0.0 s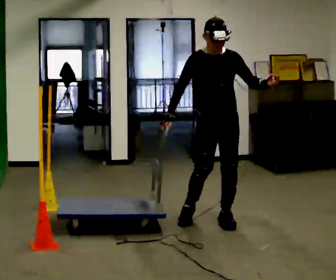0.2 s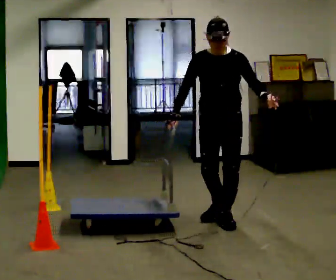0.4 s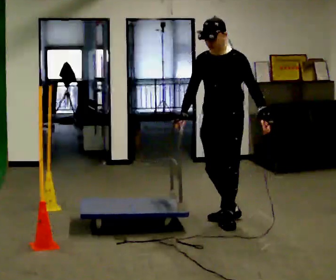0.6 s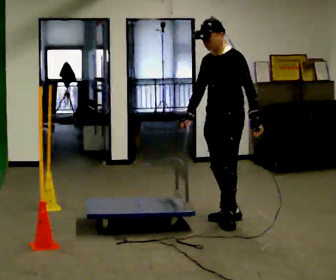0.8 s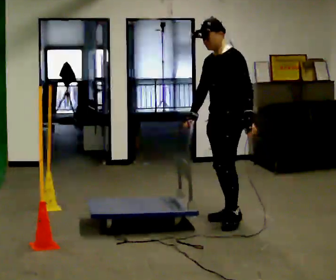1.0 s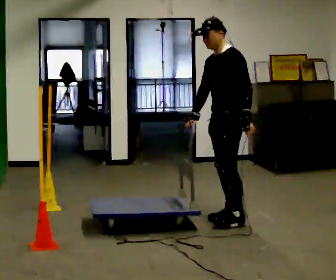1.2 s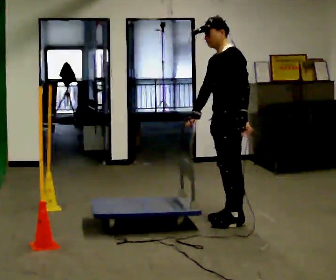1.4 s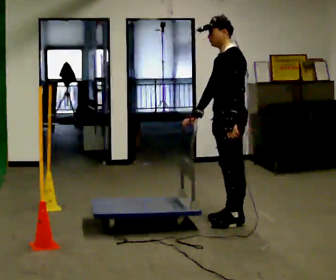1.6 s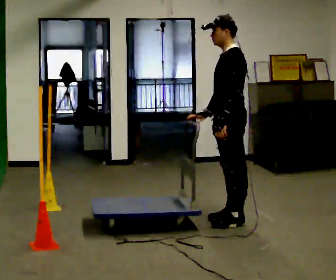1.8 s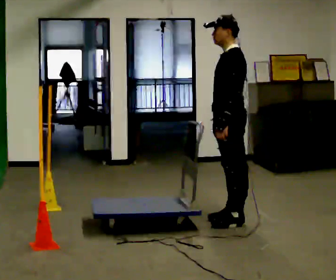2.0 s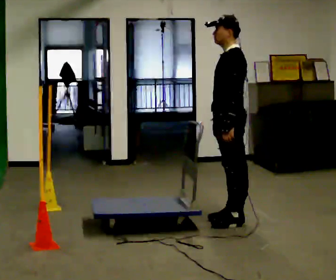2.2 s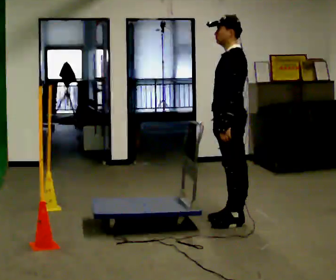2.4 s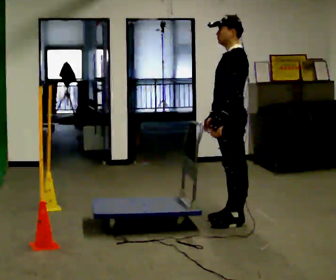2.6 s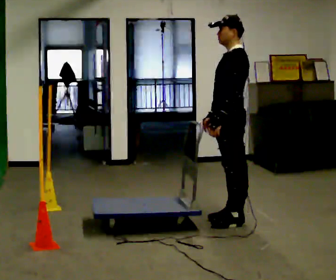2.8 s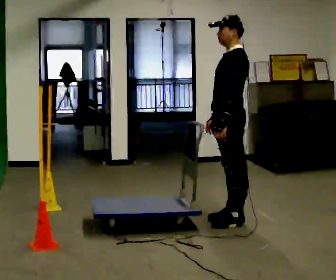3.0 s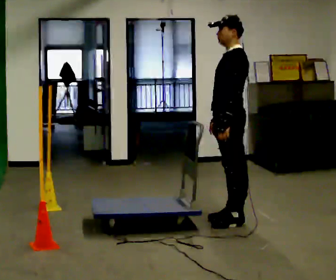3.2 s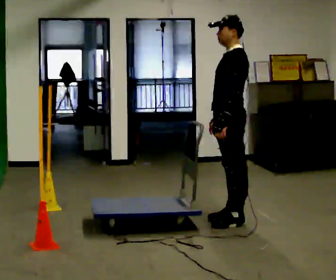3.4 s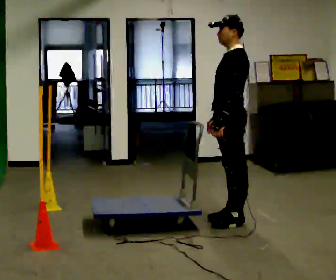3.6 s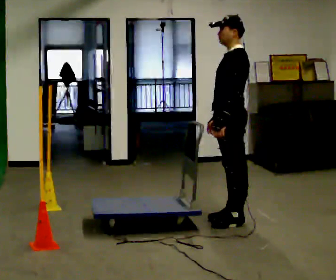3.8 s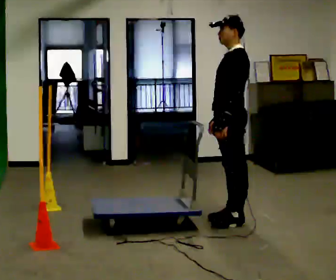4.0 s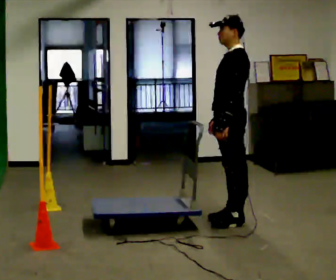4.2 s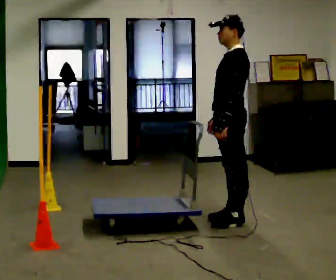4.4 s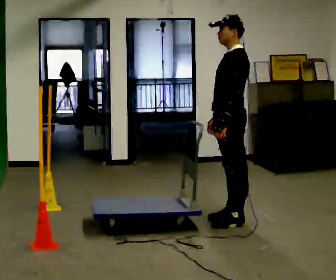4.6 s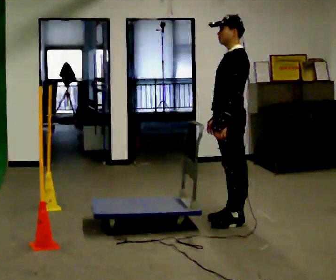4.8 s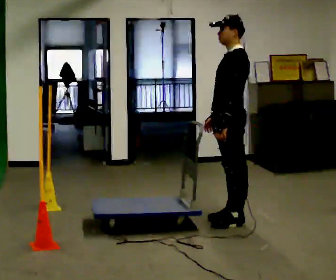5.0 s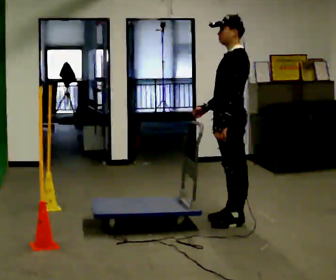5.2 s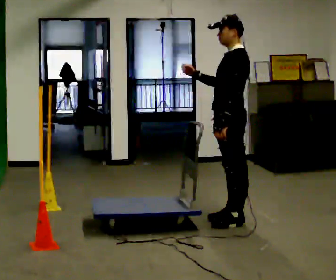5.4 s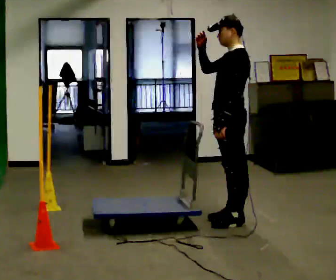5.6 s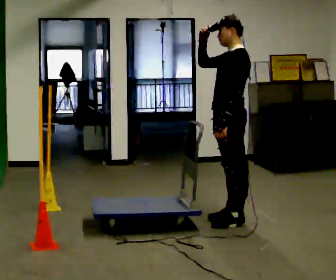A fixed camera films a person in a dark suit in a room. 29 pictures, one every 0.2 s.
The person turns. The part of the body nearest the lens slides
to the left.
The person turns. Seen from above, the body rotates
clockwise.
0.0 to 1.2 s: Seen from above the body turns clockwise, about 90 degrees: to their right, with its near side sliding to the left. In the picture they go to the right, about 0.25 m in 2 steps.
1.2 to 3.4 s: The person moves a little, or ends about where they began.
3.4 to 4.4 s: The person keeps their place and pose.
4.4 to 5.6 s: In the picture their right hand goes upward, the arm swinging clockwise.
The film runs forward here.
